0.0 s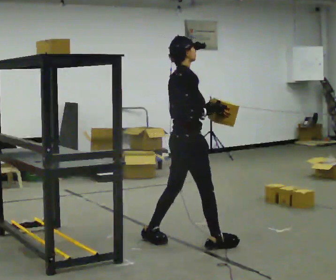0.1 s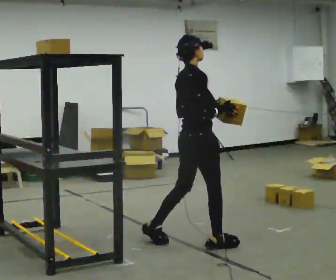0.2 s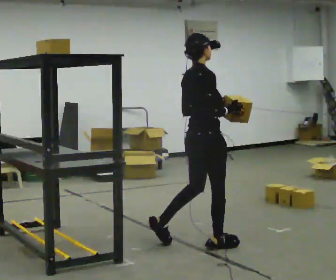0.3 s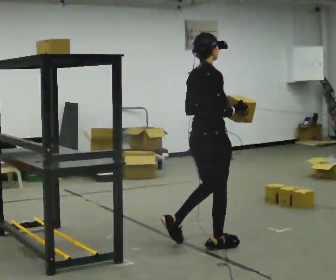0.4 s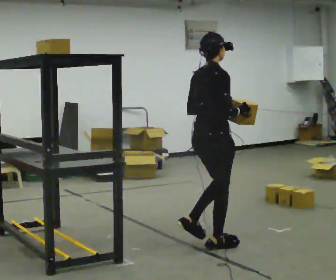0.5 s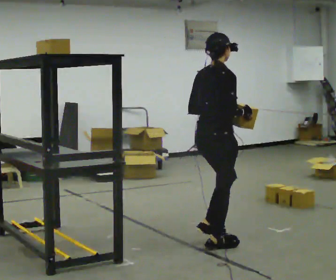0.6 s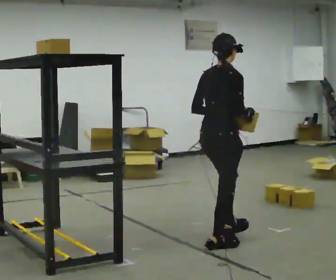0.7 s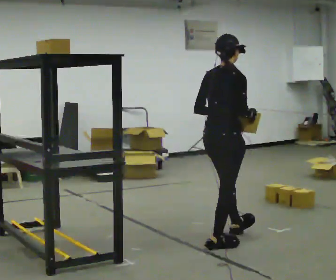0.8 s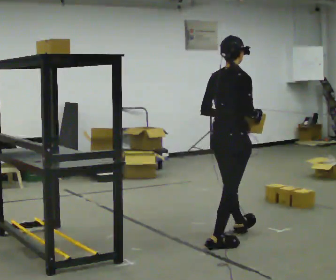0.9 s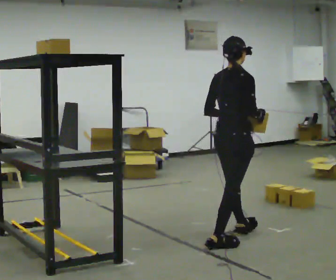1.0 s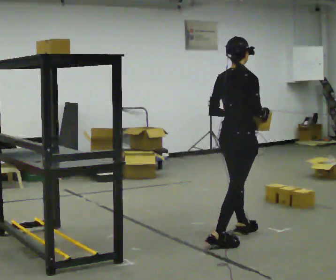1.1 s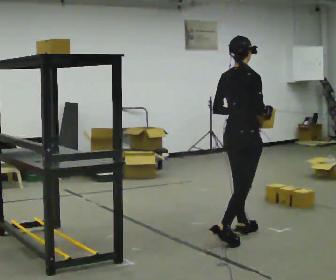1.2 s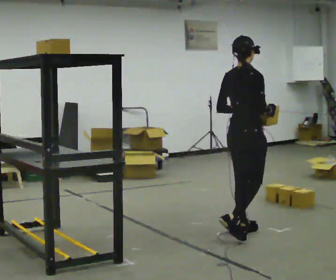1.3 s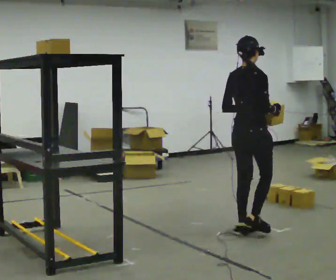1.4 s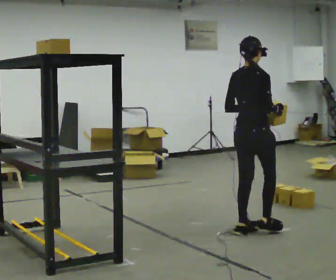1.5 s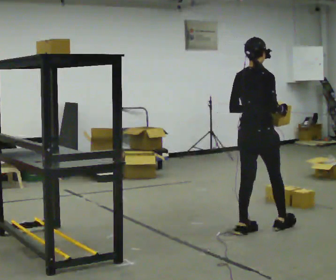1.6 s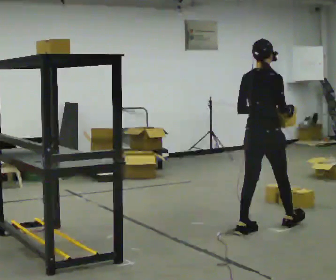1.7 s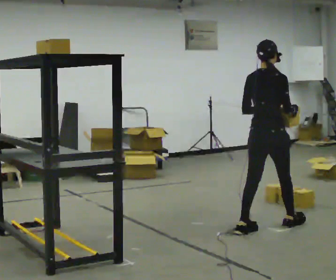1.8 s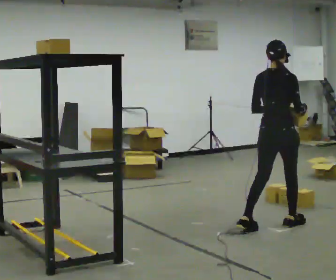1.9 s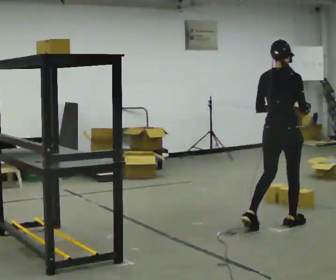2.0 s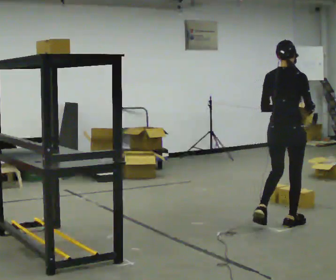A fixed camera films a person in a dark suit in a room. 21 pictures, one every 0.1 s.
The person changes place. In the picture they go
to the right.
0.0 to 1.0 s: In the picture they go to the right and away from the camera, about 0.5 m in 1 step, which for them is forward.
1.0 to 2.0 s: In the picture they go to the right and away from the camera, about 0.5 m in 1 step, which for them is forward.
The film runs forward here.
